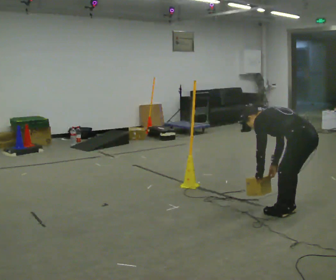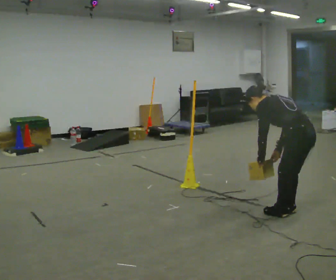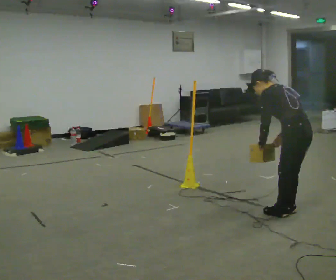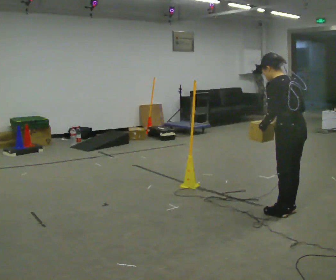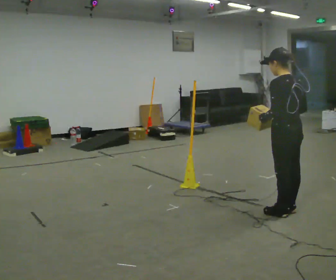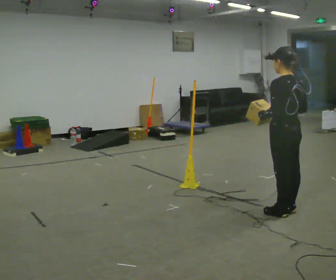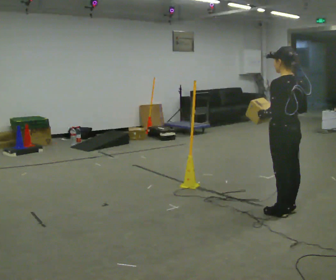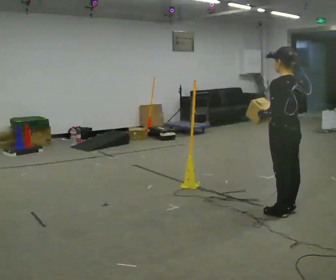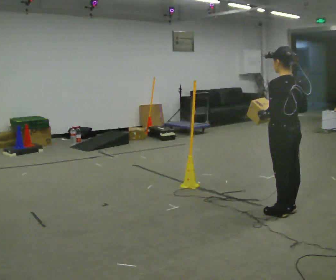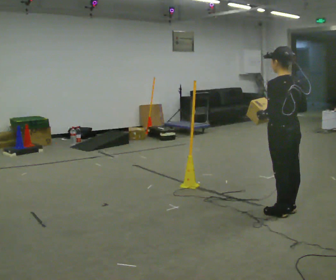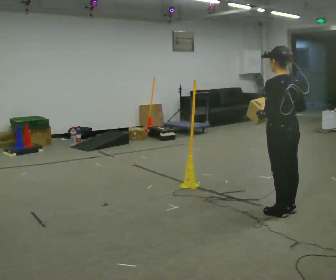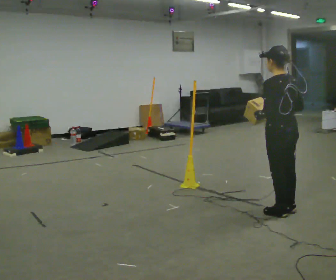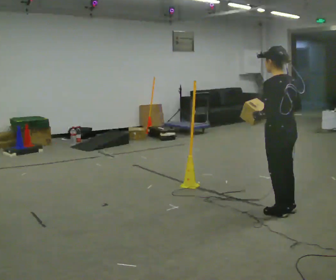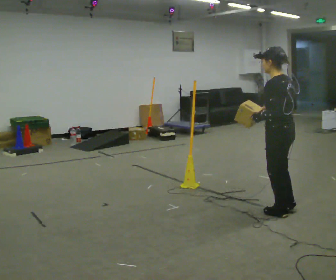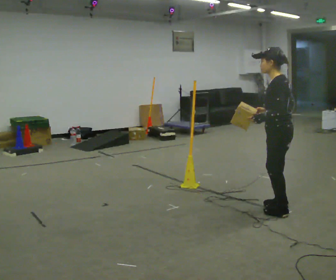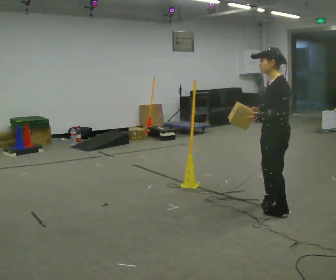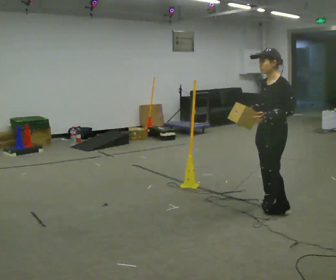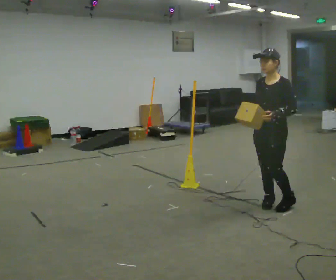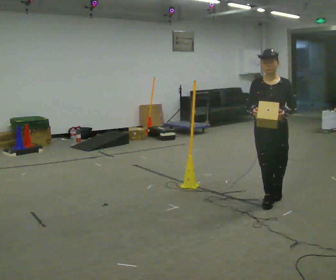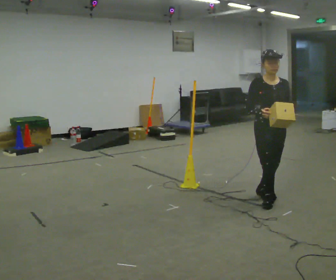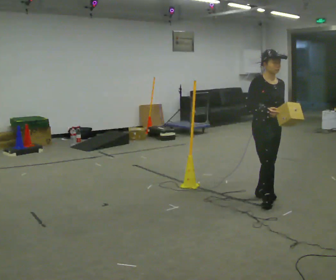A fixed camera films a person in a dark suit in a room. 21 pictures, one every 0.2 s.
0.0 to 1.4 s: In the picture they go to the left, about 0.25 m, which for them is forward. The shoulders move upward. In the picture the upper body tilts clockwise, shoulders to the right, as they lean back or straighten. In the picture their right hand goes upward.
1.4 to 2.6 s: The person moves a little, or ends about where they began.
2.6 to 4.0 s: The part of the body nearest the lens slides to the right as the person turns to their left by about 150 degrees. In the picture they go away from the camera, about 0.5 m in 2 steps.
The film runs backward here.
